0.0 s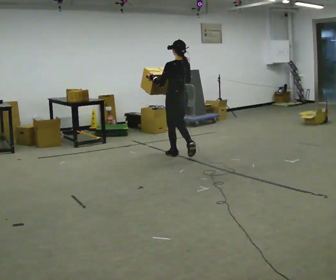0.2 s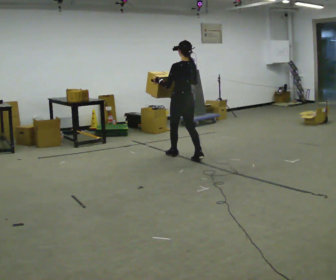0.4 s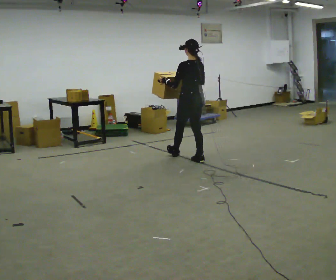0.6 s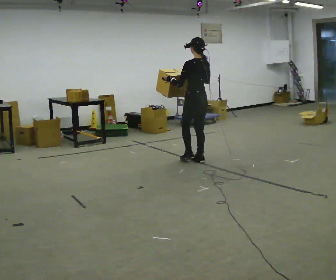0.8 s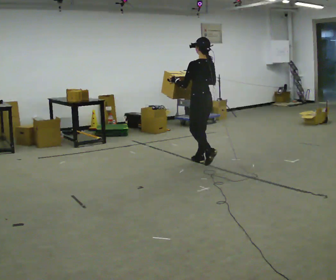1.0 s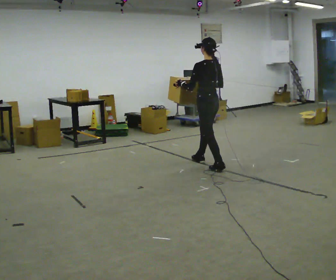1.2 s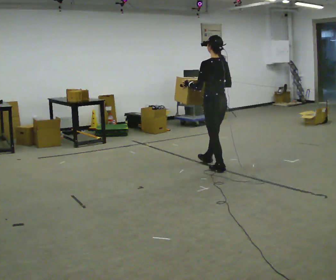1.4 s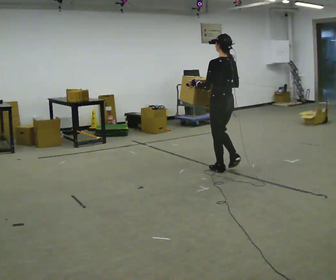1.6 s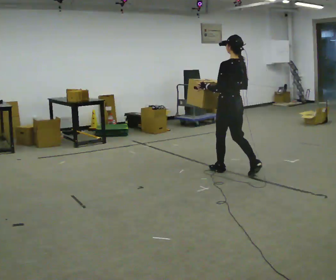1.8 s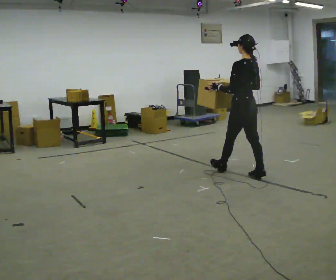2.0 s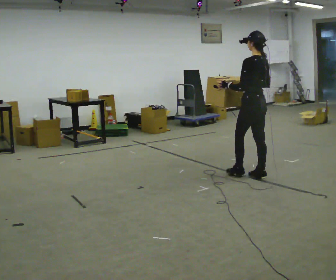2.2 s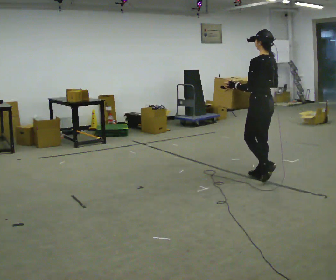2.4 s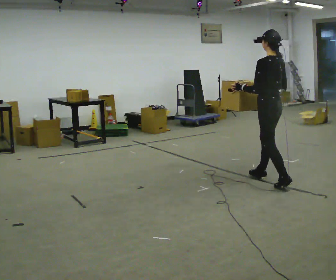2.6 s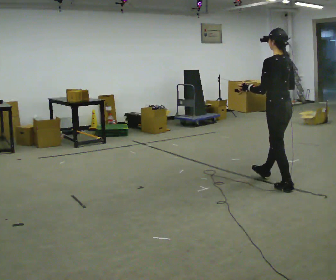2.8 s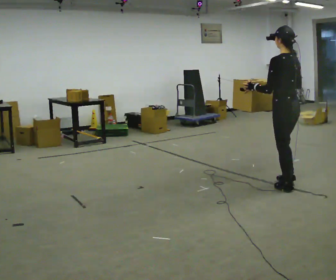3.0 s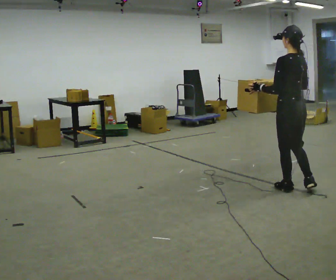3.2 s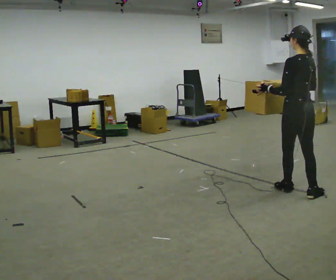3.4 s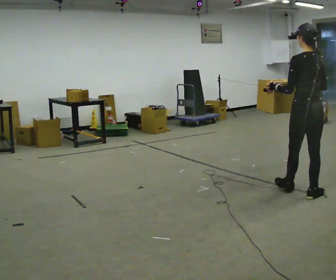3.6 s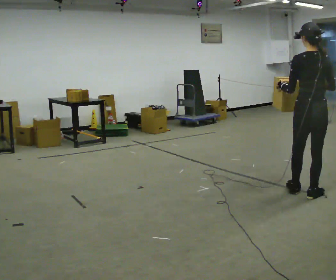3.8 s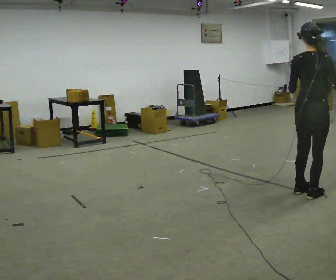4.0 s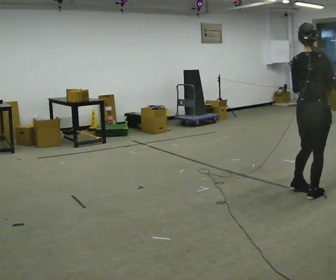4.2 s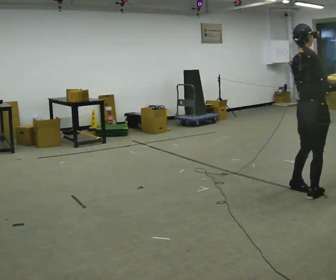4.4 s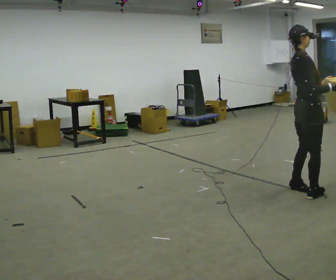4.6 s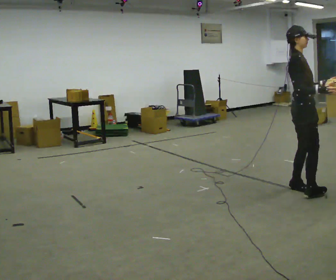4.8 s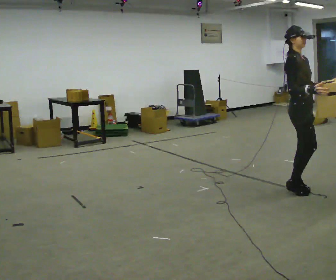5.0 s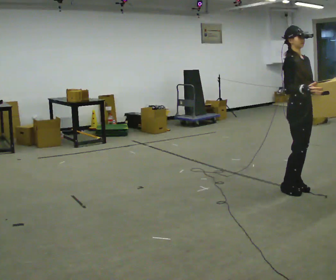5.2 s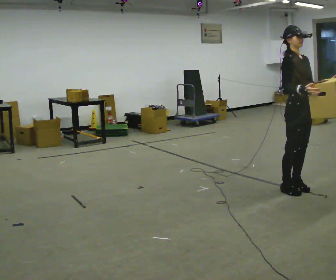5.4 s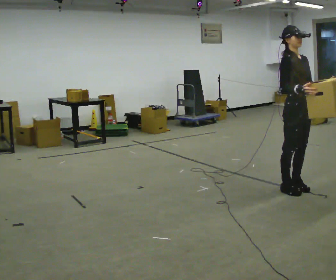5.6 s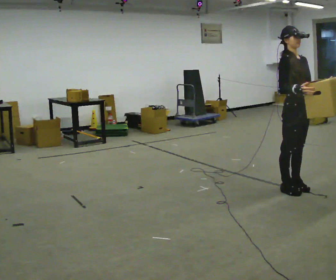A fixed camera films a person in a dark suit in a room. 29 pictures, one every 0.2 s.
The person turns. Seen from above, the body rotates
clockwise.
The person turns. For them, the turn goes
to their right.
0.0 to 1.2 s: In the picture they go toward the camera and to the right, about 1 m in 2 steps, which for them is backward.
1.2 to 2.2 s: In the picture they go to the right and toward the camera, about 0.75 m in 1 step, which for them is backward.
2.2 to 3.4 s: Seen from above the body turns clockwise, about 30 degrees: to their right, with its near side sliding to the left. In the picture they go toward the camera and to the right, about 0.5 m in 1 step, which for them is backward.
3.4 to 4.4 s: The part of the body nearest the lens slides to the left as the person turns to their right by about 105 degrees.
4.4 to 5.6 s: Seen from above the body turns clockwise, about 45 degrees: to their right, with its near side sliding to the left. In the picture their right hand goes to the left.
The film runs backward here.
